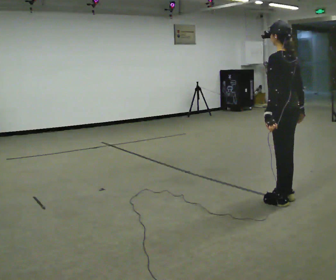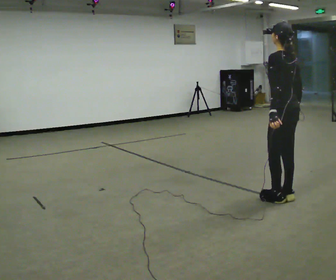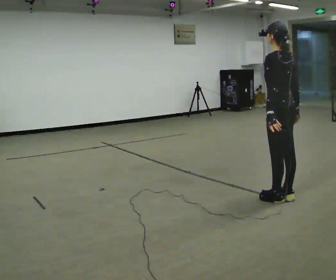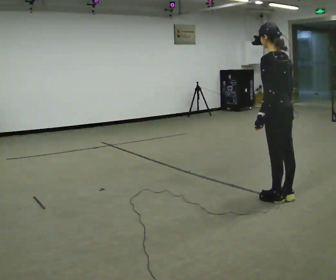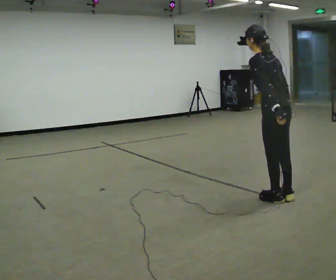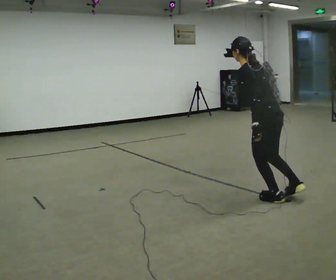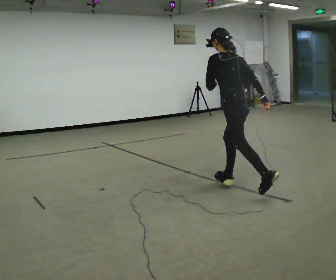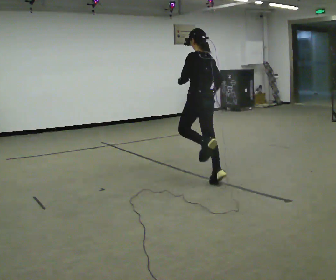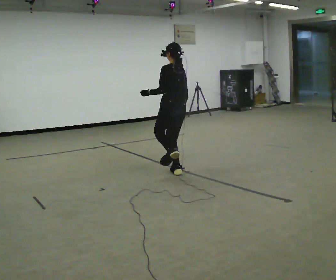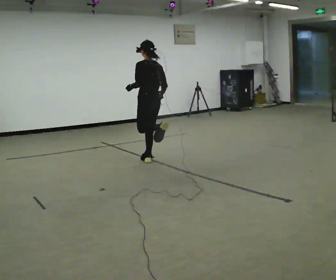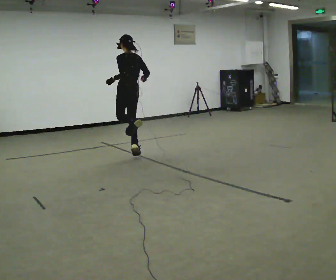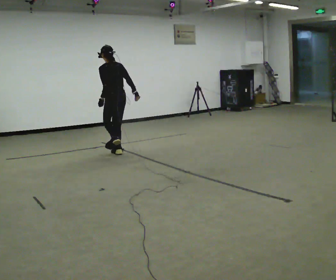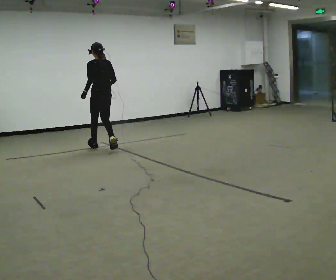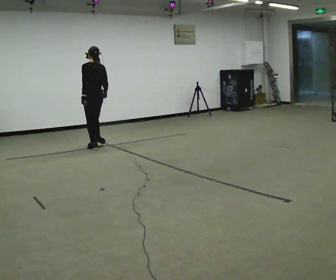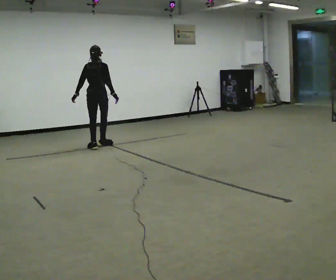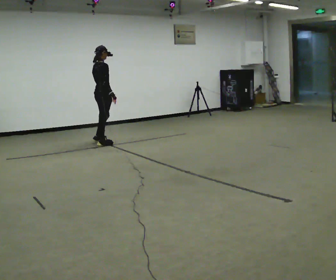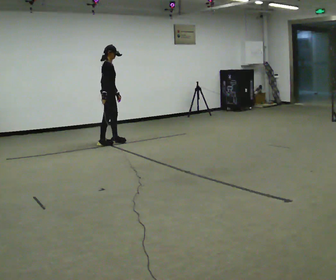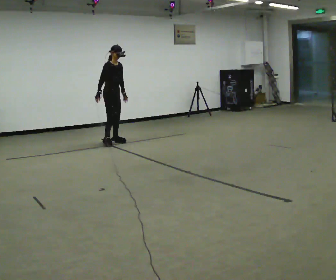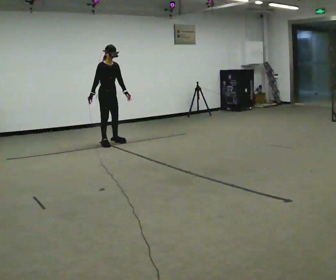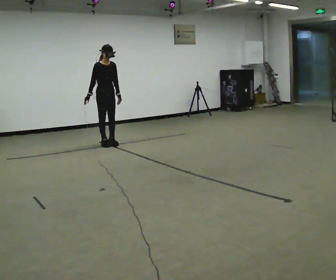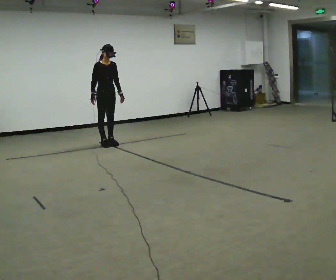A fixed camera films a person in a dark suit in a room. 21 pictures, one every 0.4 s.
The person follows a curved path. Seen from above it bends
clockwise.
The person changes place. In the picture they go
away from the camera.
0.0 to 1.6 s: In the picture the upper body tilts counterclockwise, shoulders to the left, as they bend forward.
1.6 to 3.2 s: In the picture they go away from the camera and to the left, about 1.5 m in 2 steps, which for them is forward.
3.2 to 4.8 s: In the picture they go away from the camera and to the left, about 1.5 m in 2 steps, which for them is forward.
4.8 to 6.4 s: The part of the body nearest the lens slides to the left as the person turns to their right by about 120 degrees. In the picture they go away from the camera, about 0.5 m in 3 steps.
6.4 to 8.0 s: The person turns about 45 degrees to their right, clockwise seen from above, so the part of the body nearest the lens slides to the left.
The film runs forward here.
